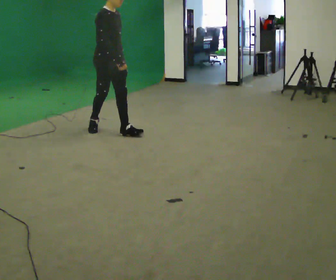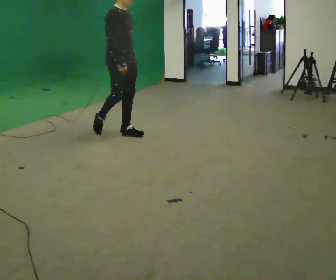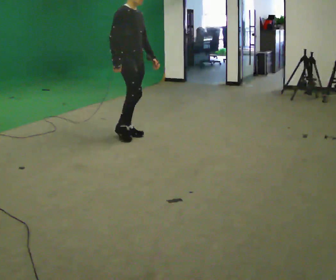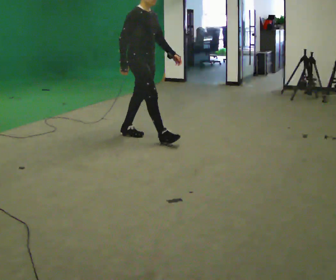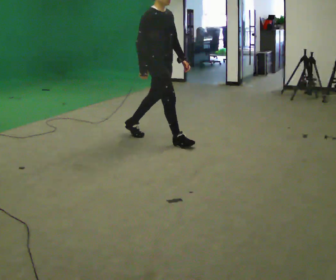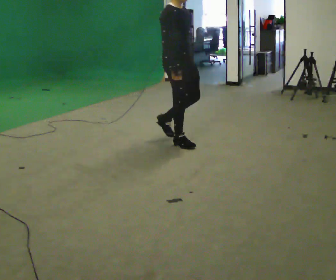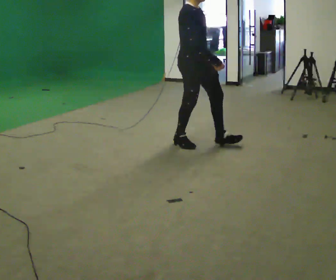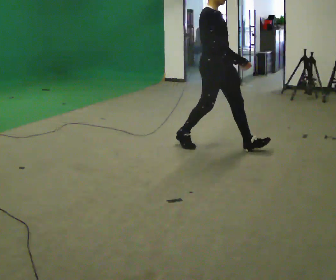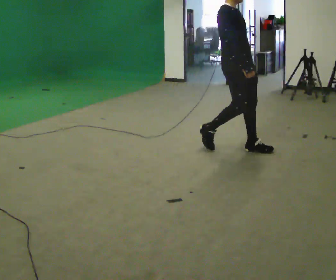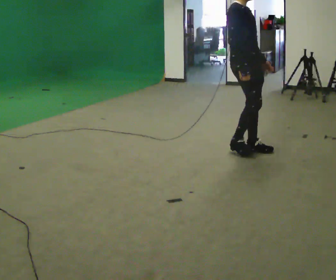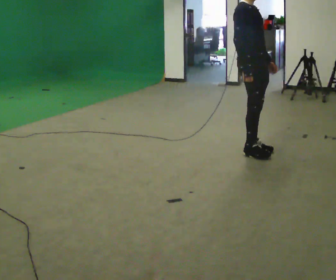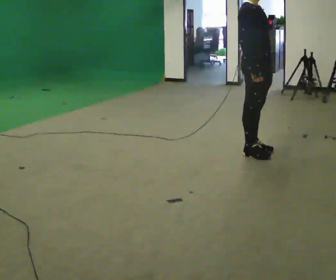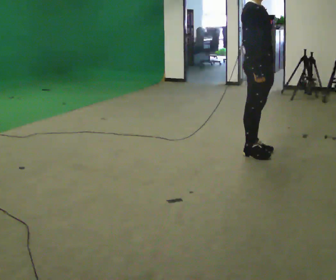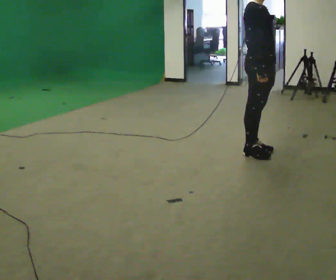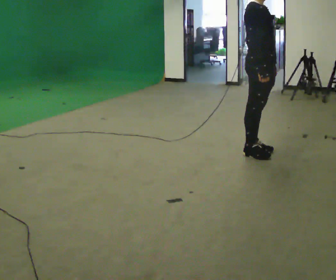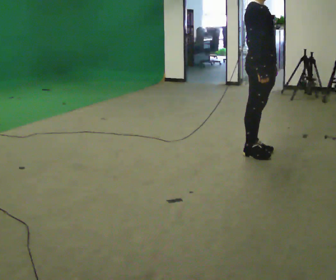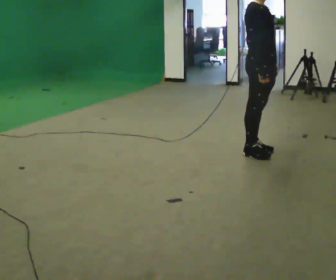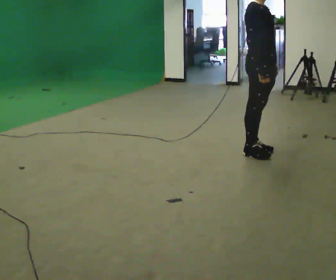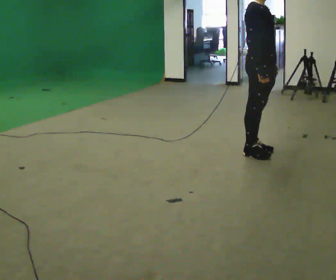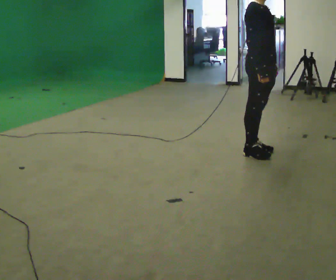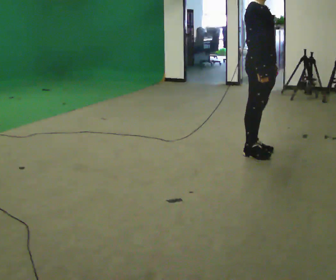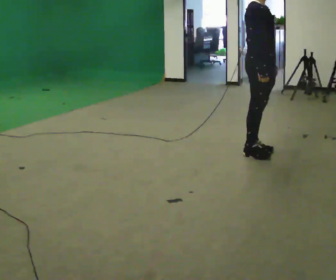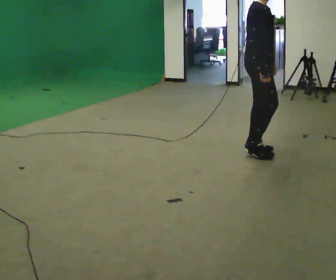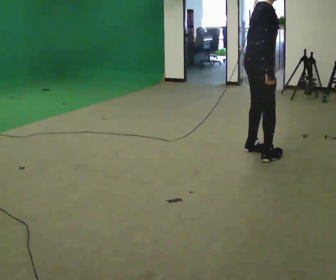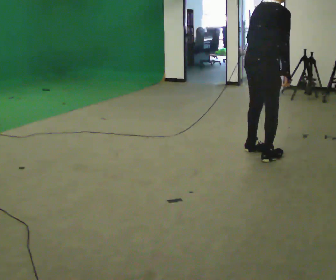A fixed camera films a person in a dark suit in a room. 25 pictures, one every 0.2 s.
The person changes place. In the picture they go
to the right.
0.0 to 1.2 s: In the picture they go to the right, about 1 m in 1 step, which for them is forward.
1.2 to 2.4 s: In the picture they go to the right, about 0.75 m in 2 steps, which for them is forward.
2.4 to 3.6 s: The person moves a little, or ends about where they began.
3.6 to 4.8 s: The part of the body nearest the lens slides to the right as the person turns to their left by about 60 degrees. In the picture the upper body tilts clockwise, shoulders to the right, as they bend forward.
The film runs forward here.
